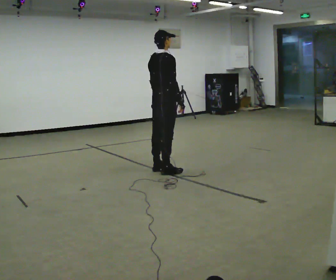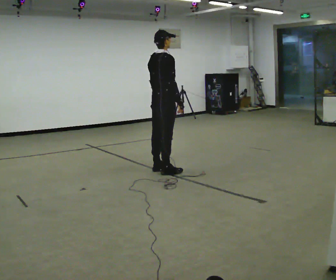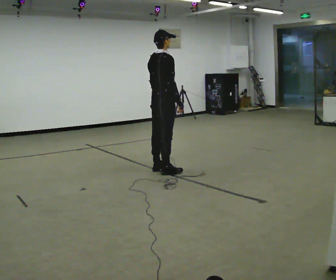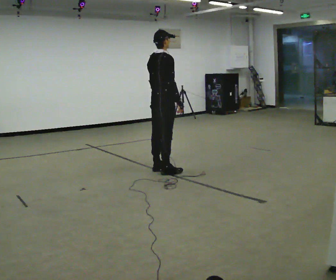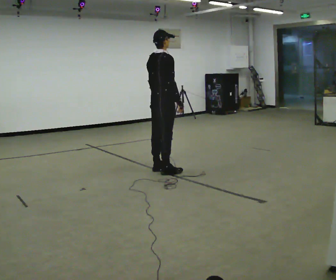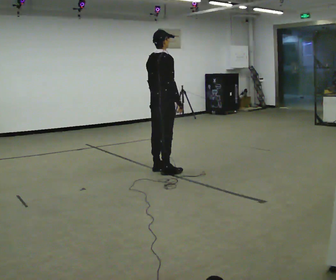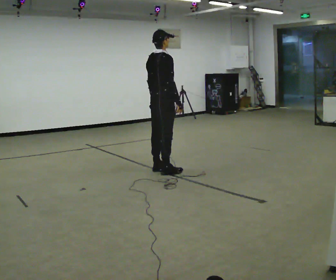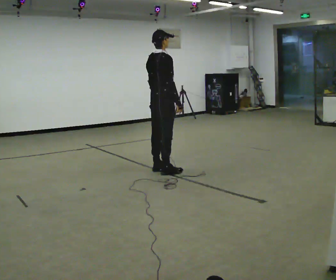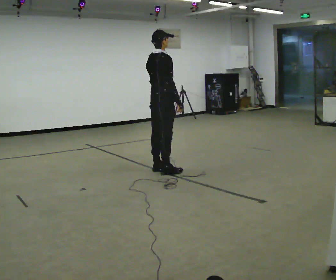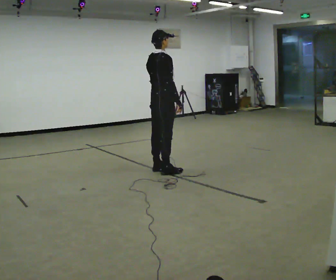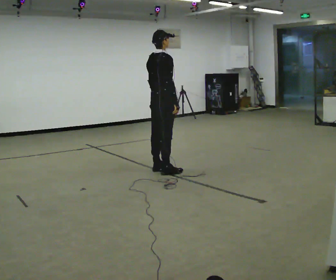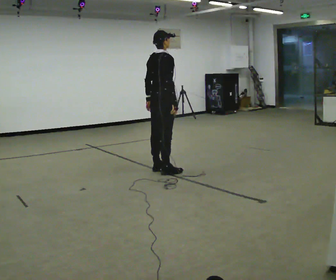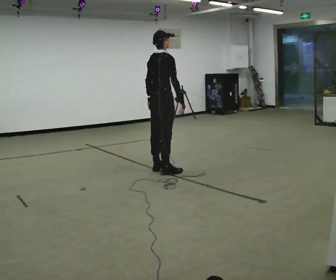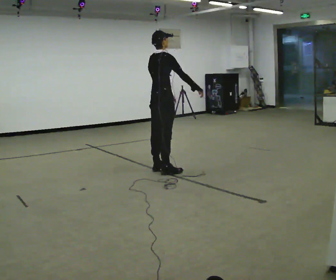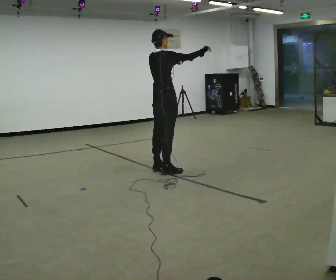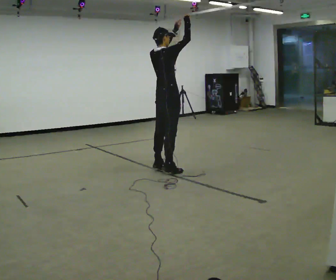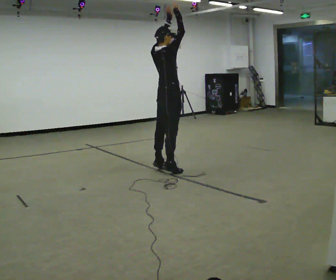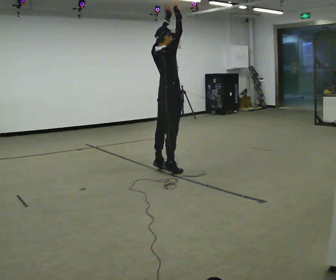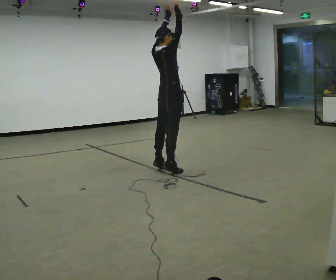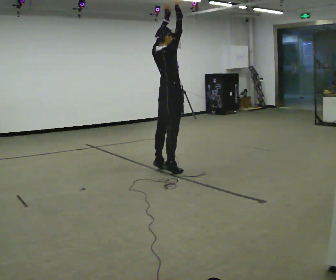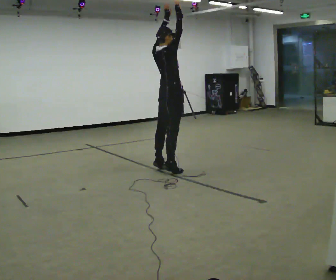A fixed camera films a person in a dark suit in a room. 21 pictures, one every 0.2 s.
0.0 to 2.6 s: The person moves a little, or ends about where they began.
2.6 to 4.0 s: In the picture the upper body tilts counterclockwise, shoulders to the left, as they lean back or straighten. In the picture their right hand goes upward, the arm swinging counterclockwise.
The film runs backward here.
